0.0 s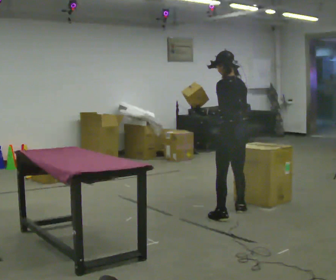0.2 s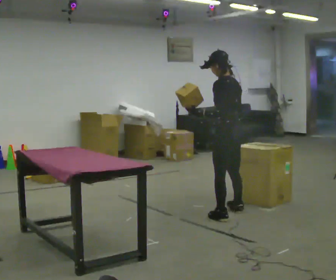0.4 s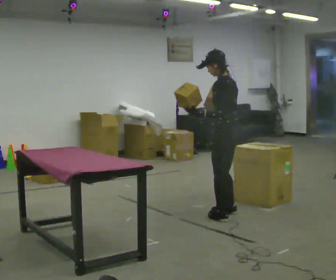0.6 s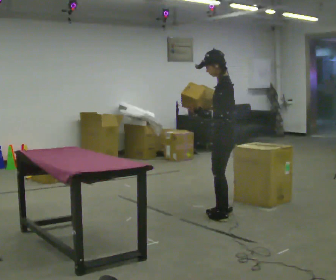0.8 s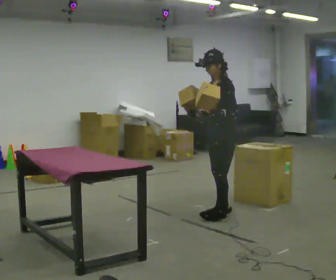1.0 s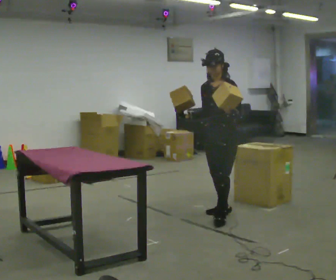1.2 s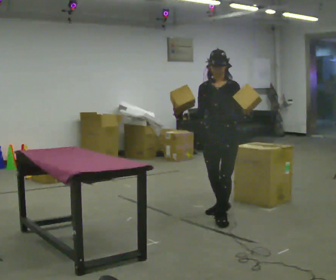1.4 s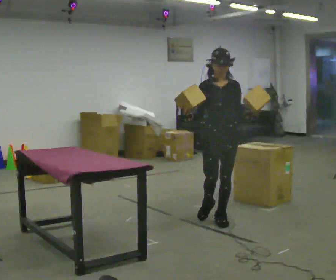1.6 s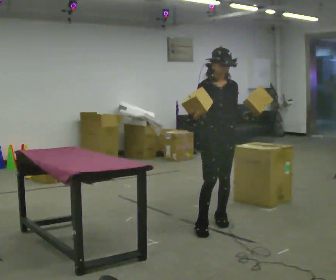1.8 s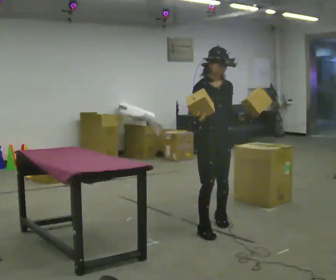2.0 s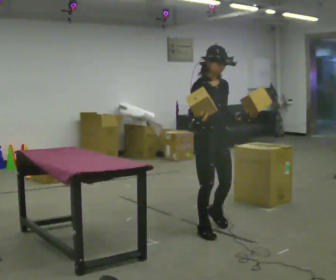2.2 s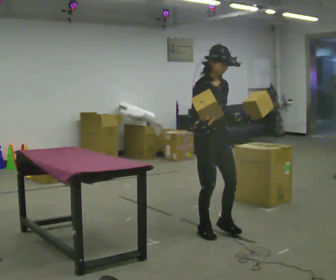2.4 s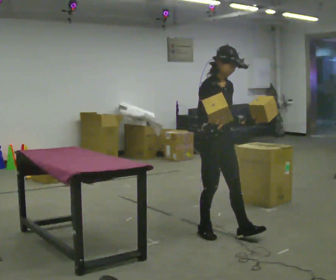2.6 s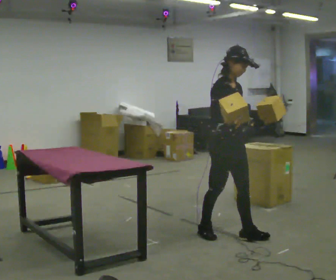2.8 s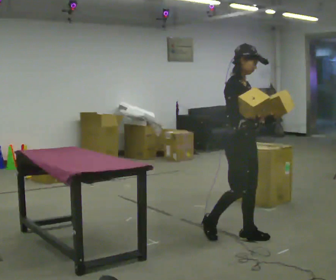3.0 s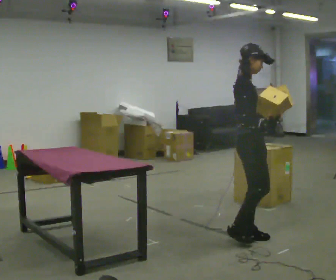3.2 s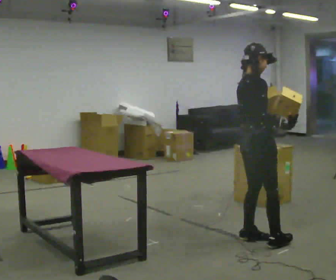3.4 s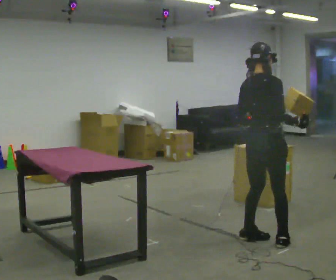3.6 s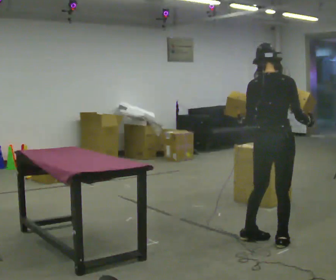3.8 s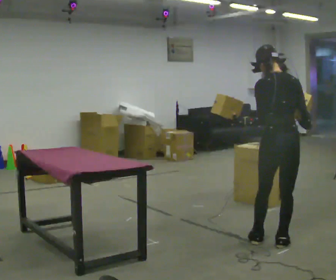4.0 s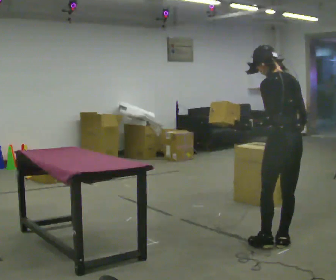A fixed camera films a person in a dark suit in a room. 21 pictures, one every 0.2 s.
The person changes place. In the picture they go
toward the camera.
The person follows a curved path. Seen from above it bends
counterclockwise.
0.0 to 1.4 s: Seen from above the body turns counterclockwise, about 135 degrees: to their left, with its near side sliding to the right. In the picture they go toward the camera, about 0.25 m in 1 step. In the picture their right hand goes to the left, the arm swinging clockwise.
1.4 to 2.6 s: The person turns about 45 degrees to their left, counterclockwise seen from above, so the part of the body nearest the lens slides to the right. In the picture they go toward the camera, about 0.5 m in 2 steps, which for them is forward and to their right.
2.6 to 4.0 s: The person turns about 165 degrees to their left, counterclockwise seen from above, so the part of the body nearest the lens slides to the right. In the picture they go to the right and toward the camera, about 0.5 m in 1 step.
The film runs forward here.
